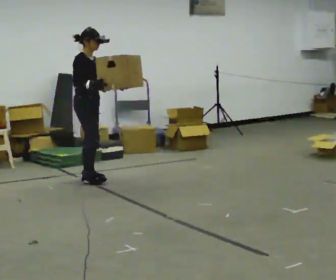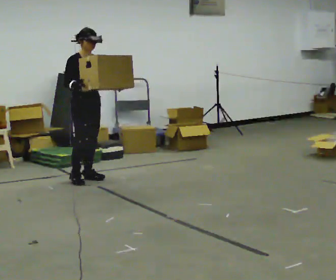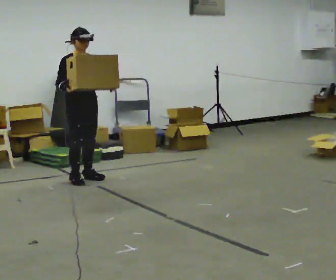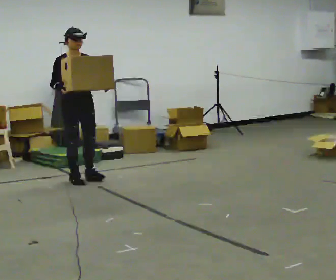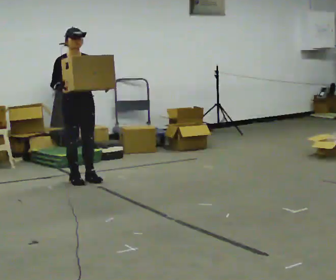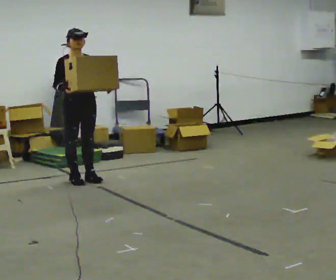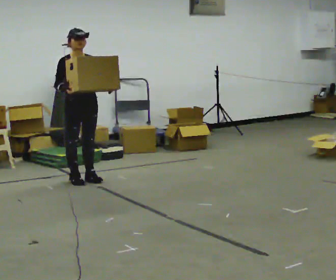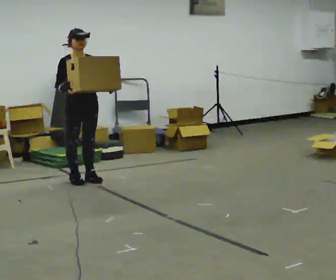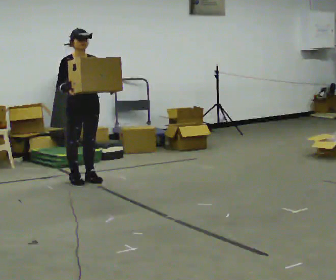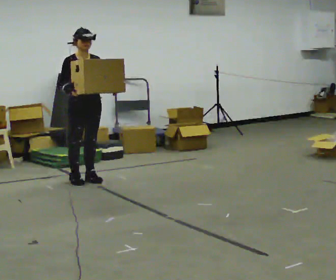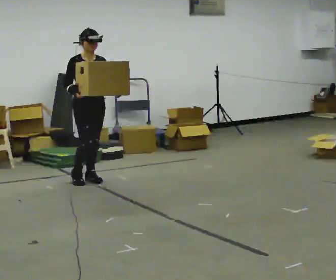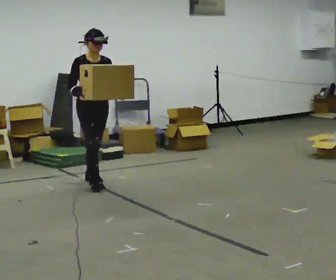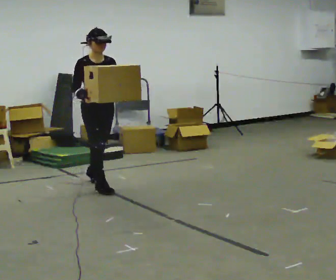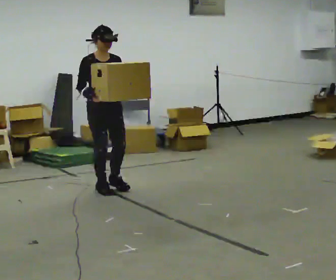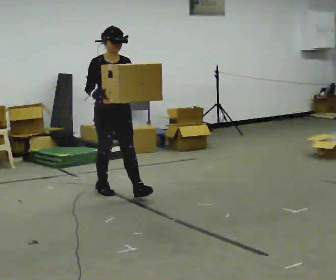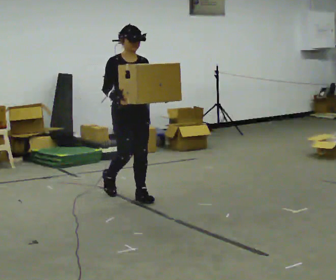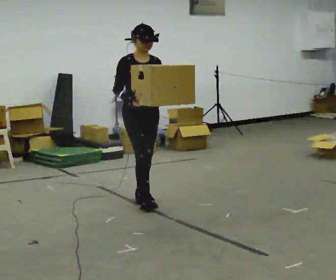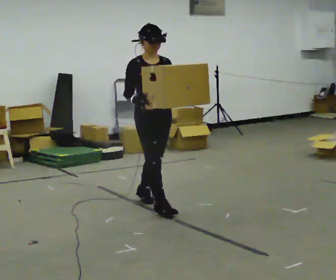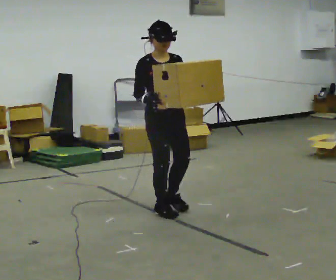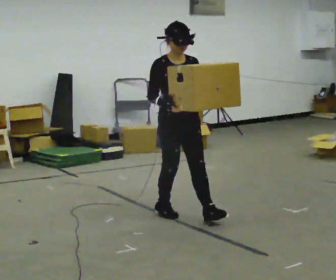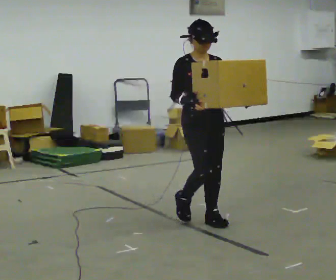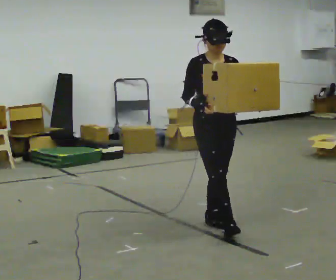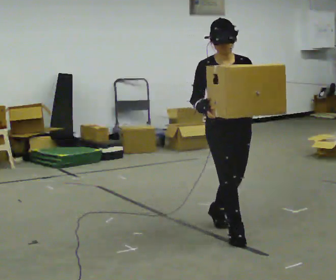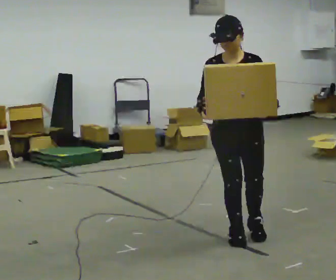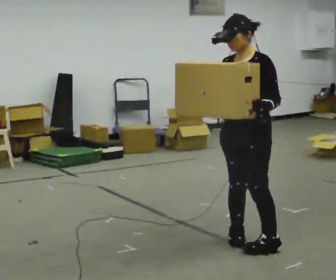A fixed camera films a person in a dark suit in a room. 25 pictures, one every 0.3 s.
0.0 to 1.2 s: Seen from above the body turns clockwise, about 45 degrees: to their right, with its near side sliding to the left.
1.2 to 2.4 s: The person moves a little, or ends about where they began.
2.4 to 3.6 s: In the picture they go toward the camera and to the right, about 0.25 m in 1 step, which for them is forward.
3.6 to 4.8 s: In the picture they go toward the camera and to the right, about 0.75 m in 1 step, which for them is forward.
4.8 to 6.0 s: In the picture they go toward the camera and to the right, about 1 m in 2 steps, which for them is forward.
6.0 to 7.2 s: The person turns about 75 degrees to their right, clockwise seen from above, so the part of the body nearest the lens slides to the left. In the picture they go toward the camera and to the right, about 0.75 m in 2 steps.
The film runs forward here.
